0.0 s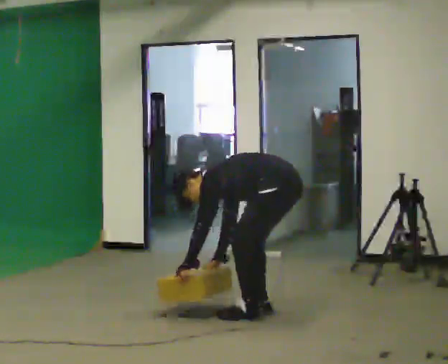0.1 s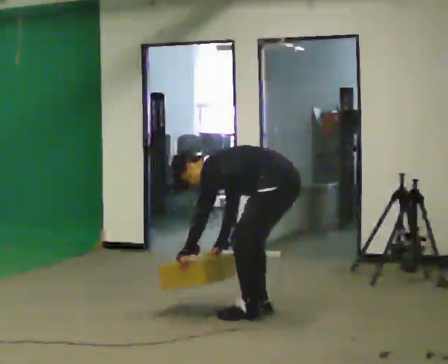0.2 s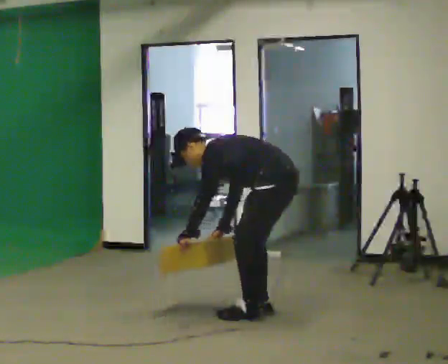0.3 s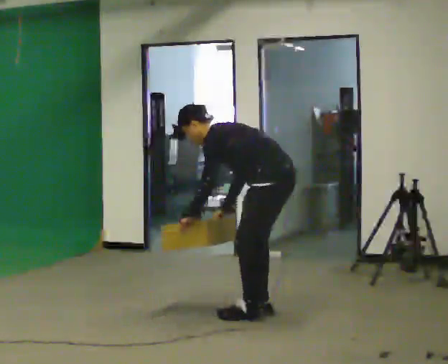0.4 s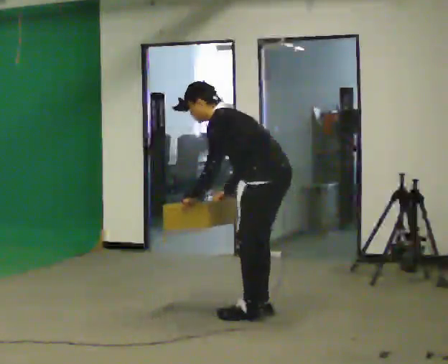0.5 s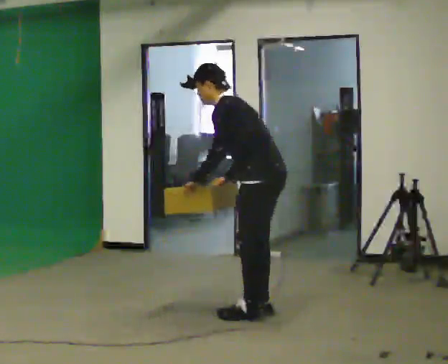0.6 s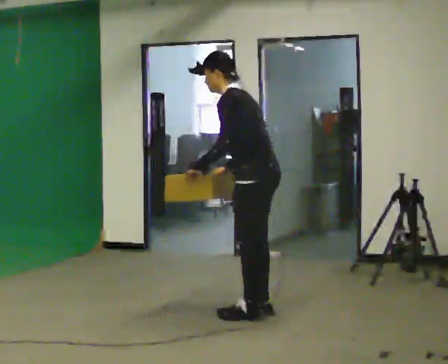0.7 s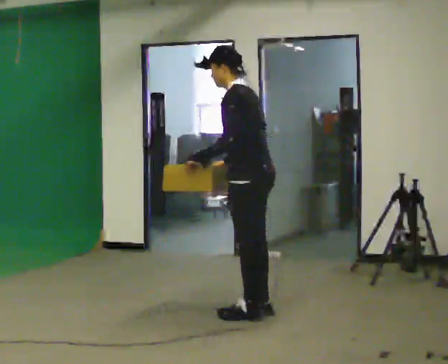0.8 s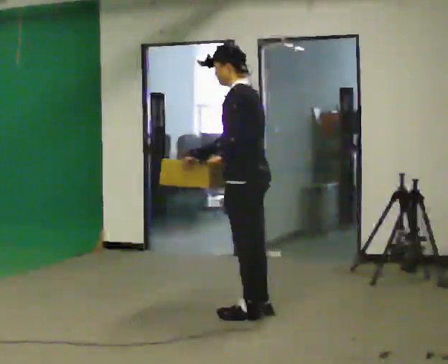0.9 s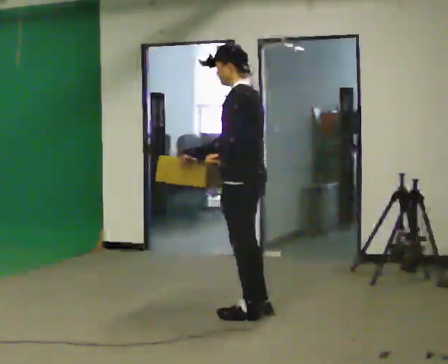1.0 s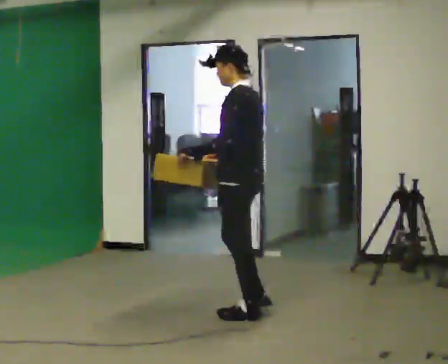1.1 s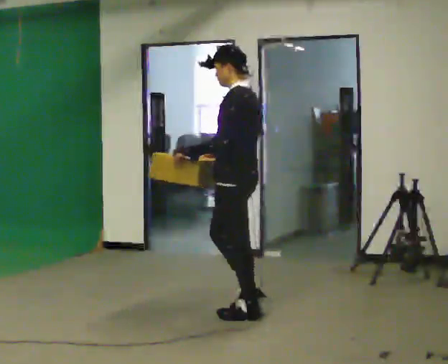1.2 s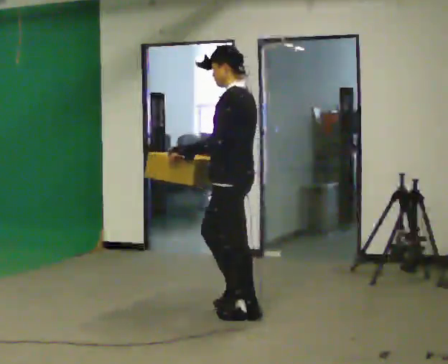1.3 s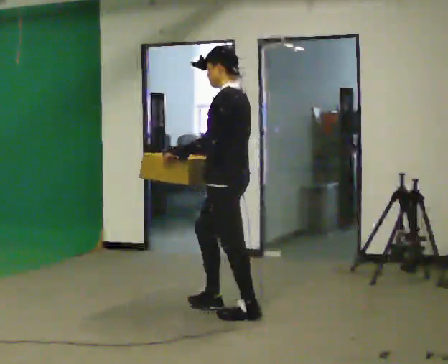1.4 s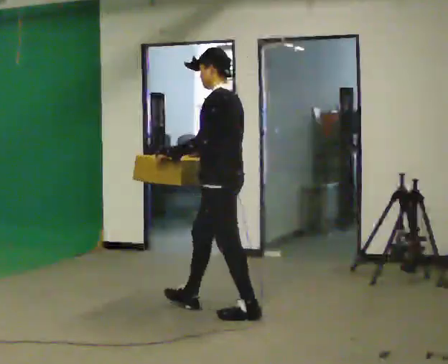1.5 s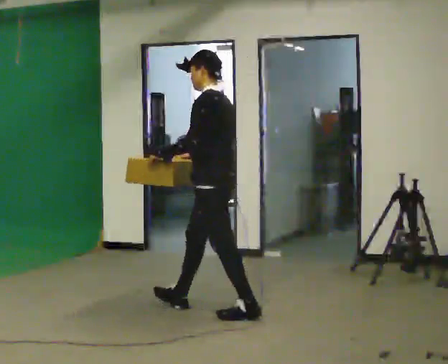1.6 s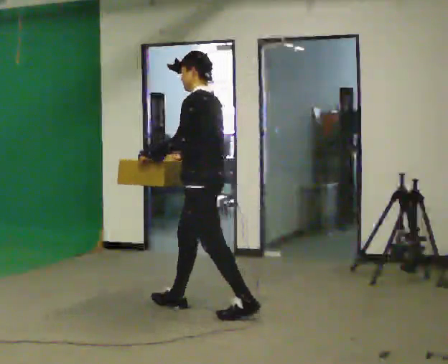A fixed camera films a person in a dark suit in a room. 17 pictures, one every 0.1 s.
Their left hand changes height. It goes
upward.
The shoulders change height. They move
upward.
0.0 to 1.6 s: In the picture they go to the left, about 0.5 m in 1 step, which for them is forward. The upper body goes upward. In the picture the upper body tilts clockwise, shoulders to the right, as they lean back or straighten. In the picture their right hand goes upward.
The film runs forward here.
